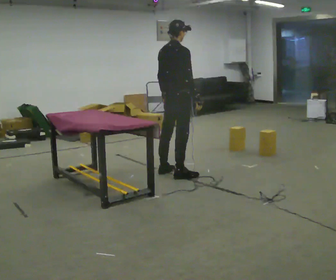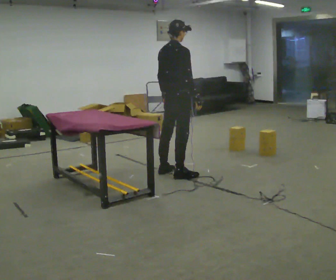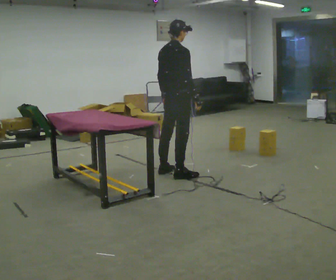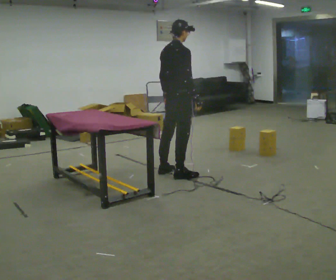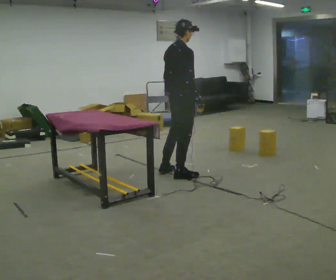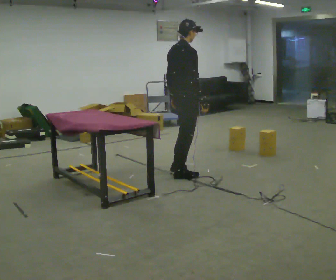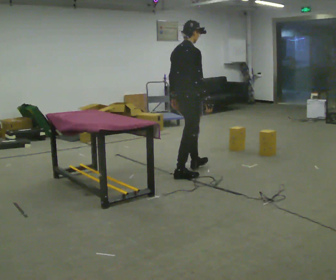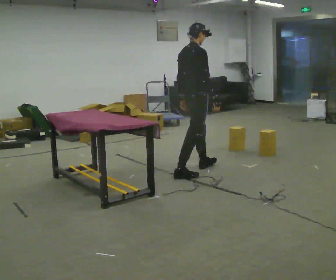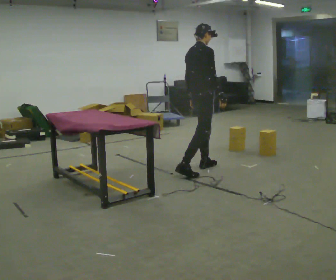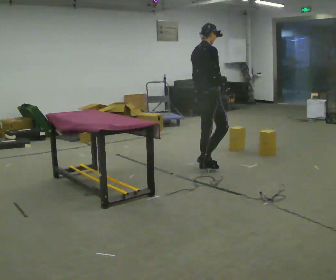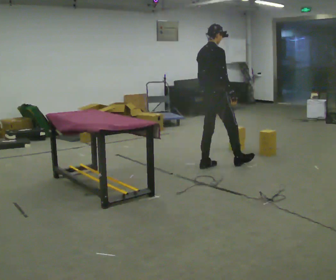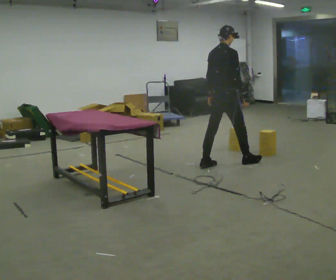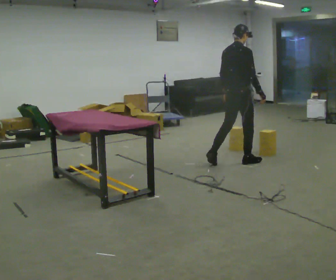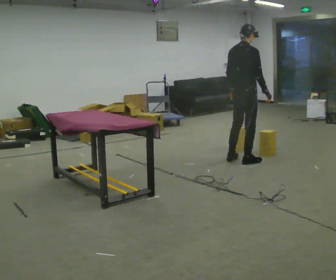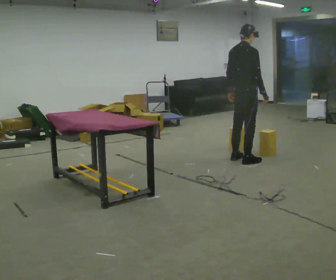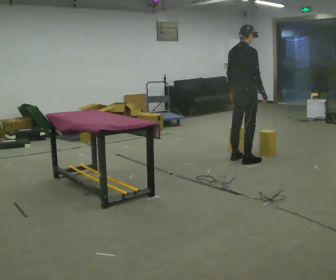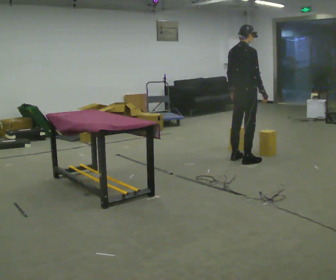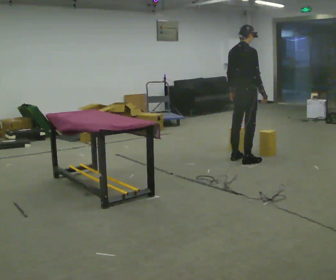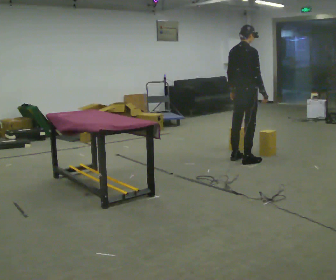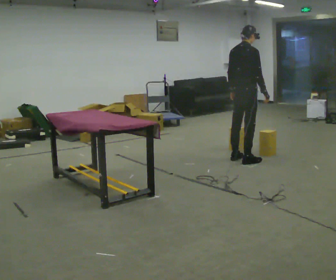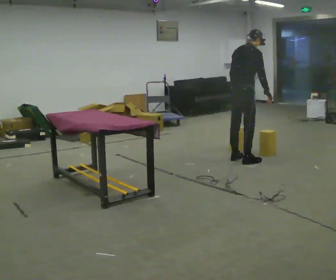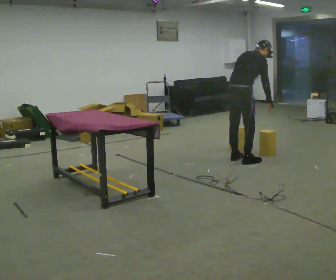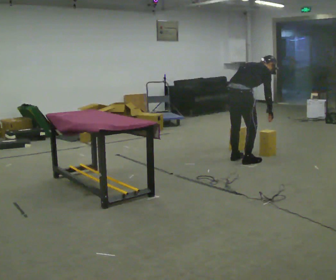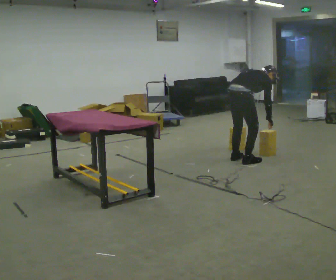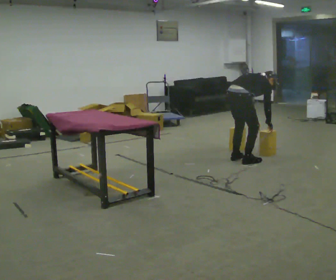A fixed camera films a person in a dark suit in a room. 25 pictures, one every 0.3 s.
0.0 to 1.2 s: The person moves a little, or ends about where they began.
1.2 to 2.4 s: In the picture they go away from the camera and to the right, about 0.25 m in 1 step, which for them is forward.
2.4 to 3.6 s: In the picture they go to the right and away from the camera, about 0.5 m in 1 step, which for them is forward.
3.6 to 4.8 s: In the picture they go away from the camera, about 0.25 m in 1 step, which for them is forward.
4.8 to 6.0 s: In the picture the upper body tilts clockwise, shoulders to the right, as they bend forward.
6.0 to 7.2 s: The shoulders move downward. In the picture the upper body tilts clockwise, shoulders to the right, as they bend forward. In the picture their right hand goes downward.
The film runs forward here.
